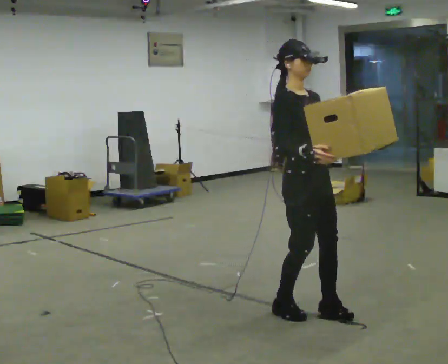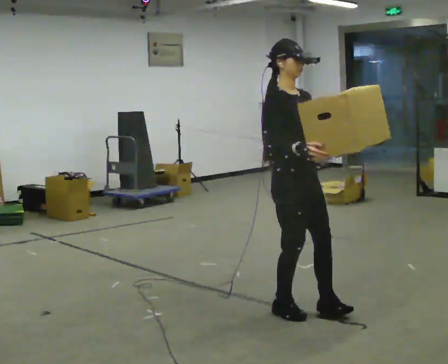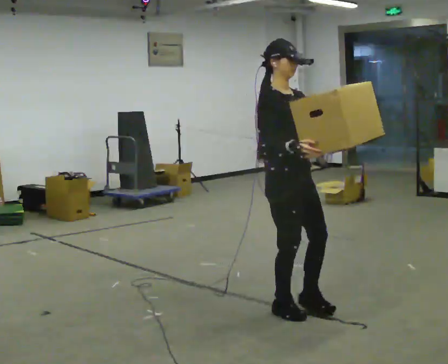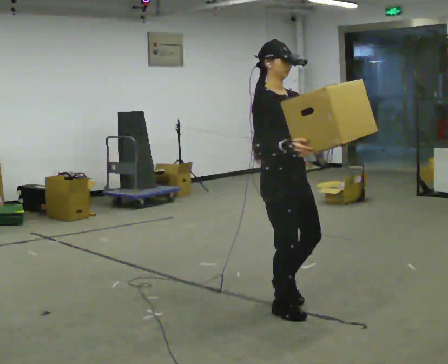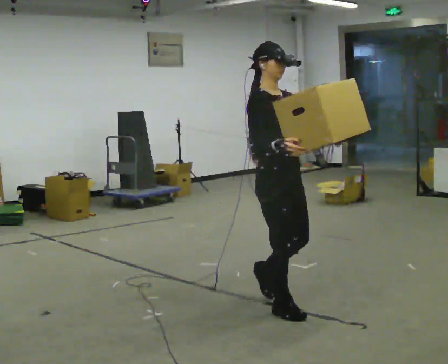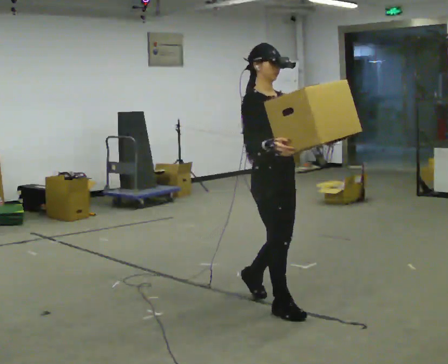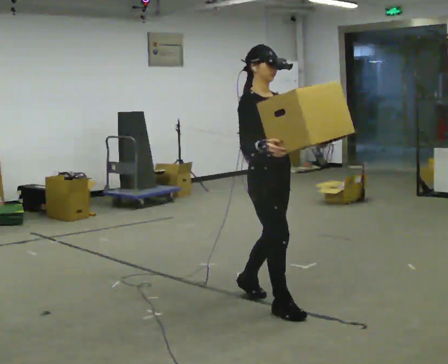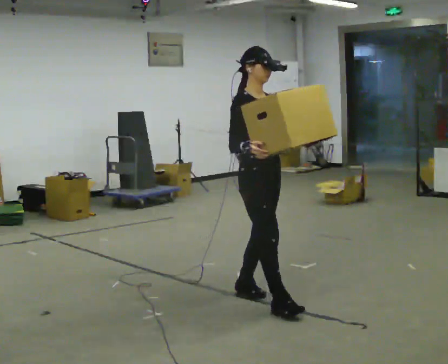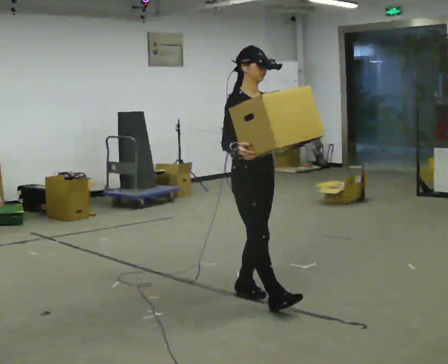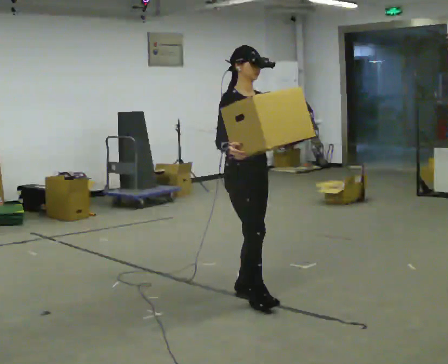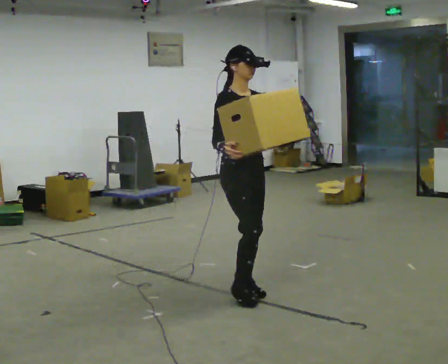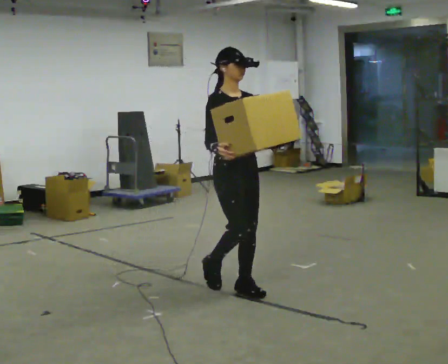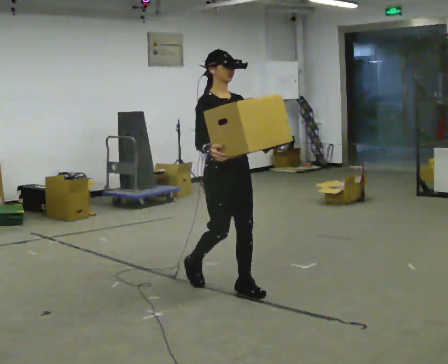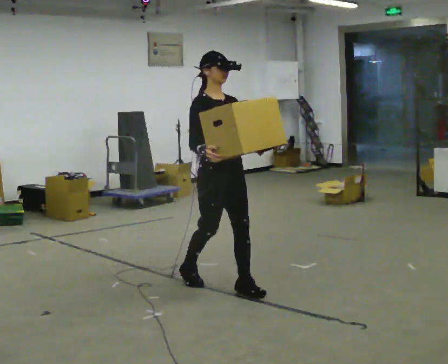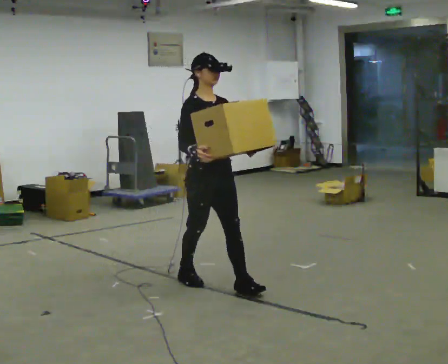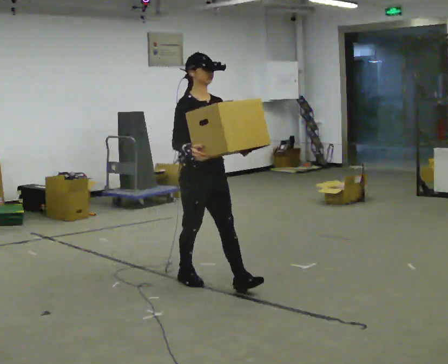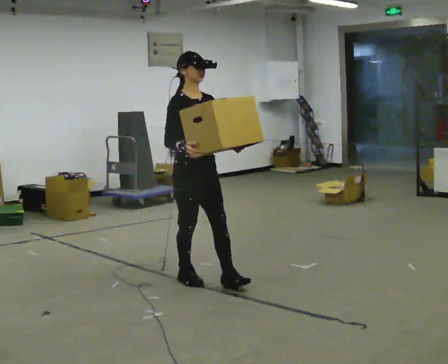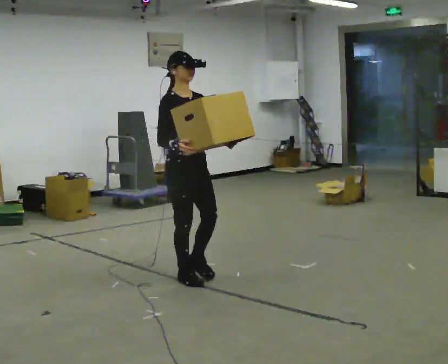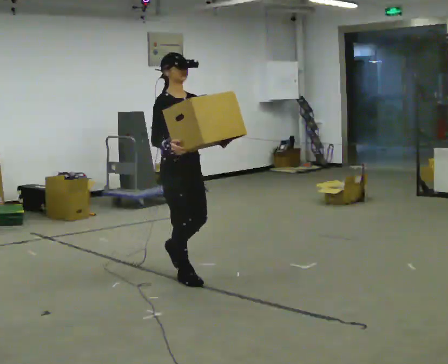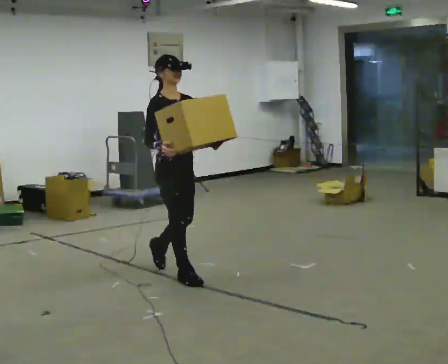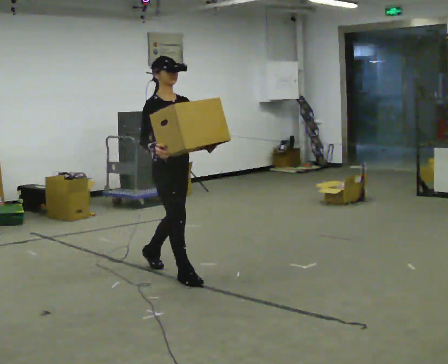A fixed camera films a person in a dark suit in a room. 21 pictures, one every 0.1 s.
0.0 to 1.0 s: In the picture they go away from the camera and to the left, about 0.5 m in 2 steps, which for them is backward.
1.0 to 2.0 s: In the picture they go away from the camera and to the left, about 0.5 m in 1 step, which for them is backward.
The film runs backward here.
